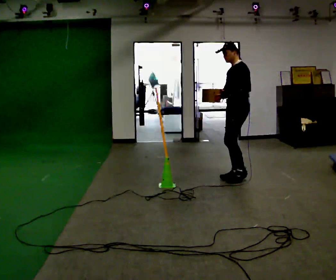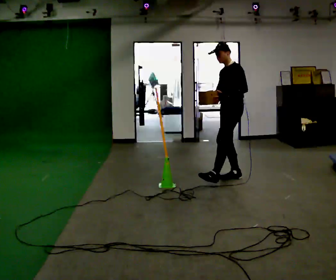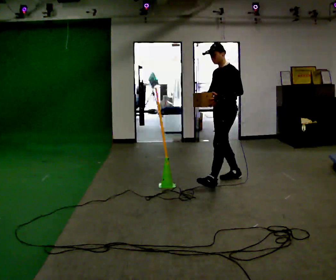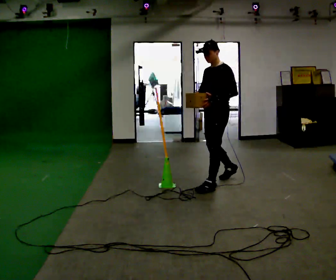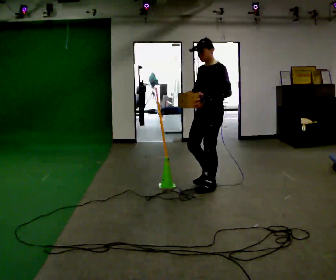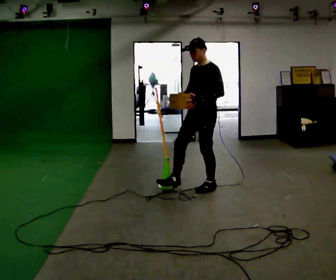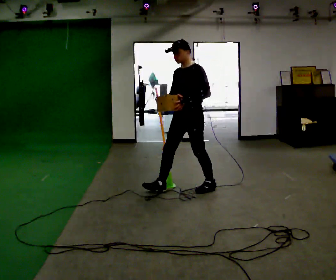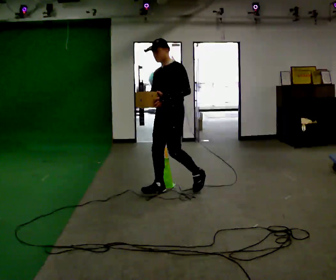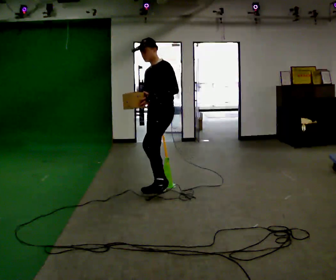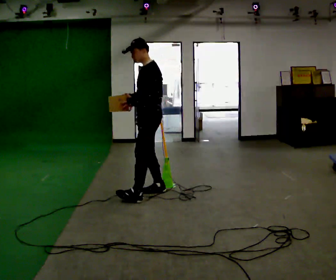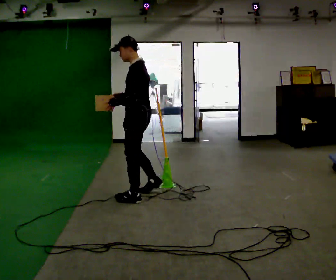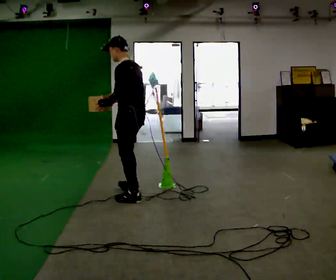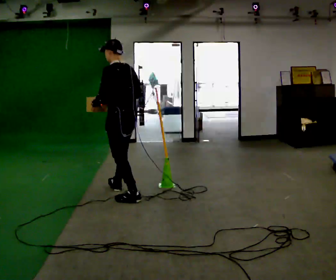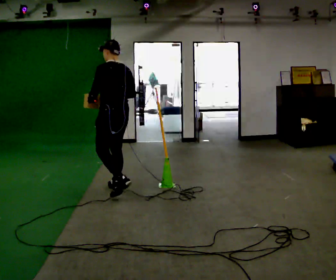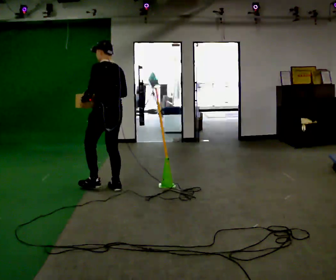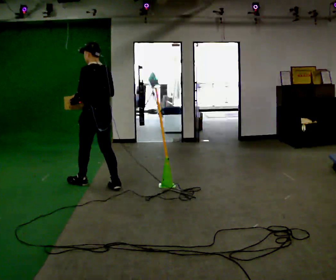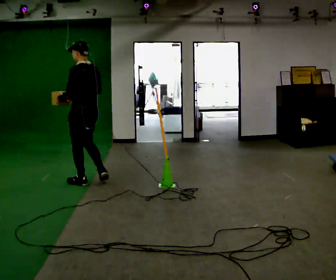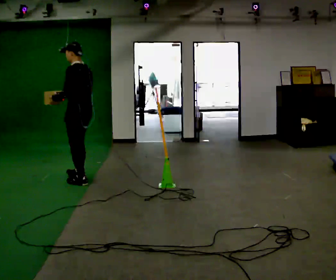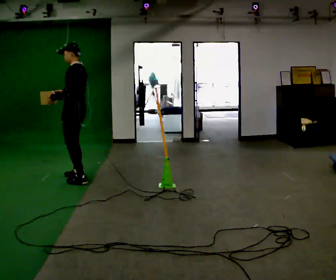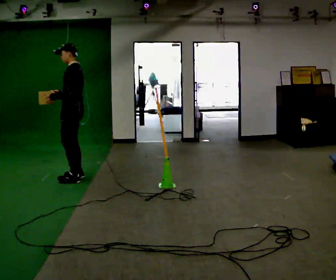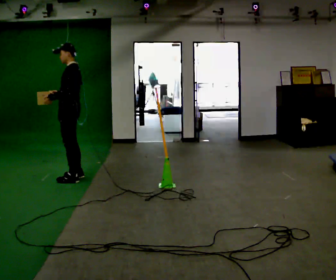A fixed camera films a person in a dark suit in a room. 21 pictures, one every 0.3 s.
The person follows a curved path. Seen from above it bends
clockwise.
The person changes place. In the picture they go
to the left.
0.0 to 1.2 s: In the picture they go to the left and toward the camera, about 0.5 m in 1 step, which for them is forward and to their left.
1.2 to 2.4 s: In the picture they go to the left, about 0.5 m in 1 step, which for them is forward and to their right.
2.4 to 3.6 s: Seen from above the body turns clockwise, about 60 degrees: to their right, with its near side sliding to the left. In the picture they go to the left, about 0.5 m in 2 steps.
3.6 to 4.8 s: In the picture they go to the left and away from the camera, about 0.75 m in 1 step, which for them is forward.
4.8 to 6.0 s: The person turns about 45 degrees to their left, counterclockwise seen from above, so the part of the body nearest the lens slides to the right. In the picture they go away from the camera and to the left, about 0.25 m in 2 steps, which for them is forward and to their right.
The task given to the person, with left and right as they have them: Carry the box across the room. The operator will step into your path partway across, so go around them and carry on. Keep going until the operator says stop; one object at a time, and do not rush between trips.
The film runs forward here.
